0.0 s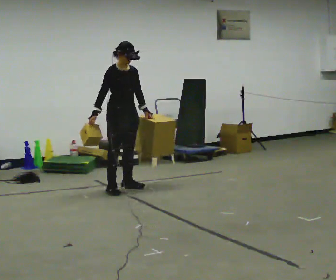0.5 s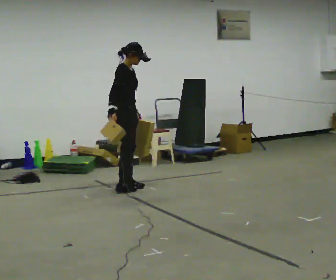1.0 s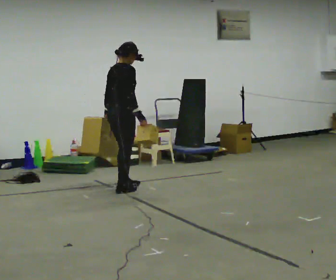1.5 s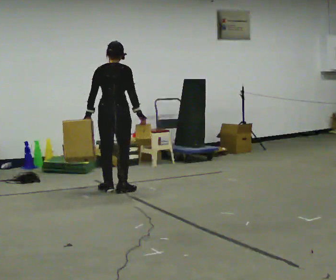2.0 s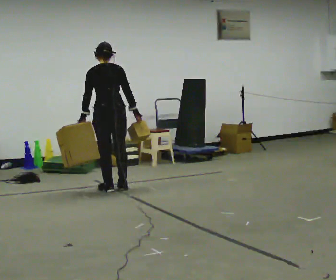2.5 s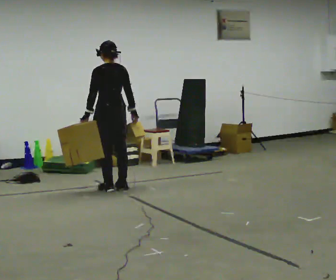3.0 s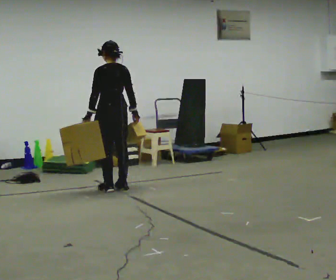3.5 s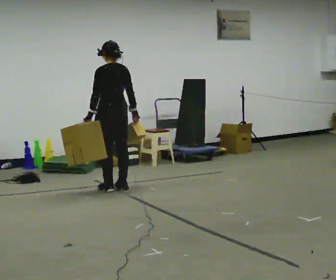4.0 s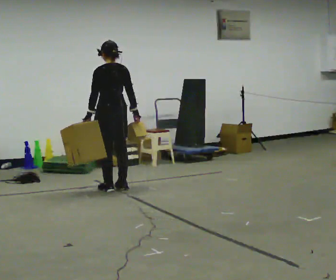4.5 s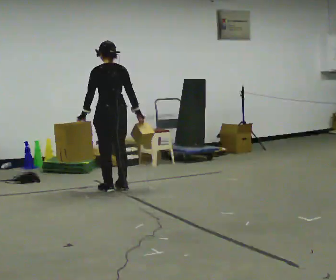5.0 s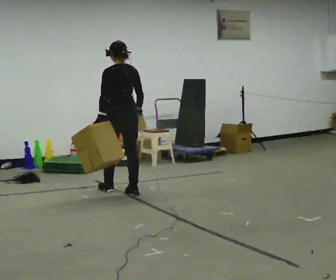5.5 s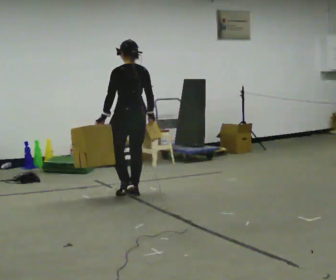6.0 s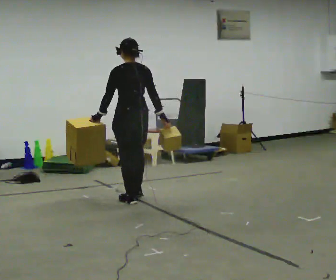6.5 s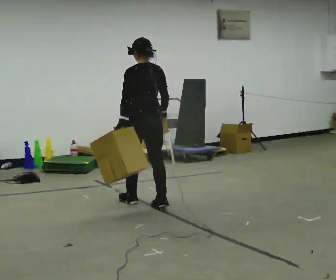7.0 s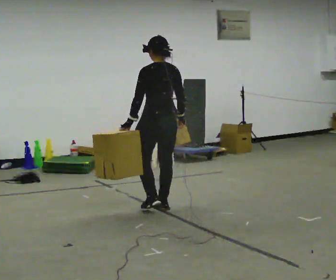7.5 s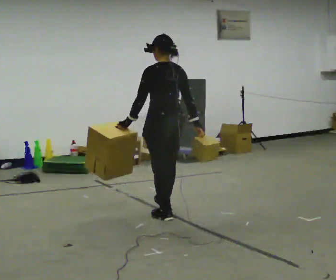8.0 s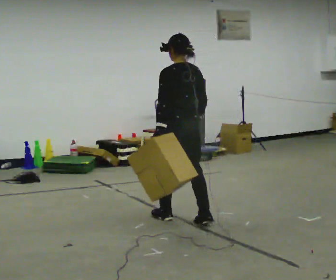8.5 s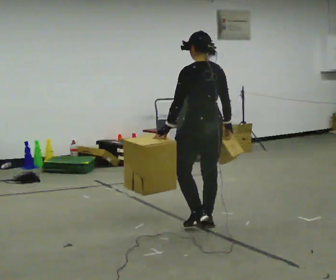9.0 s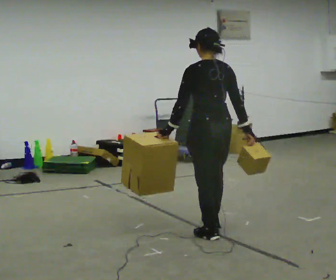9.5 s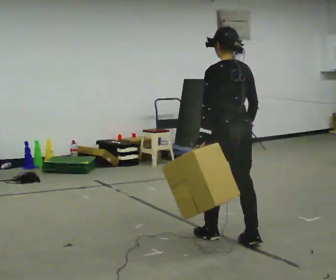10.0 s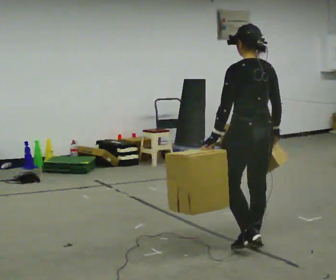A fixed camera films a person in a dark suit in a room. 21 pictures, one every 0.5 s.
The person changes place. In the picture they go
toward the camera.
0.0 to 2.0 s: The part of the body nearest the lens slides to the right as the person turns to their left by about 150 degrees. In the picture their right hand goes to the right, the arm swinging counterclockwise.
2.0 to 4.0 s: The person moves a little, or ends about where they began.
4.0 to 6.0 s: In the picture they go toward the camera, about 0.5 m in 3 steps, which for them is backward.
6.0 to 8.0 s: In the picture they go toward the camera and to the right, about 1 m in 2 steps, which for them is backward.
8.0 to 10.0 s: In the picture they go toward the camera and to the right, about 1 m in 3 steps, which for them is backward.
The film runs backward here.
